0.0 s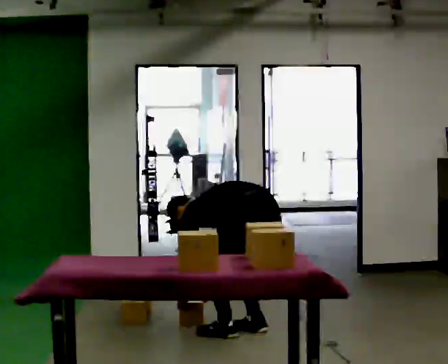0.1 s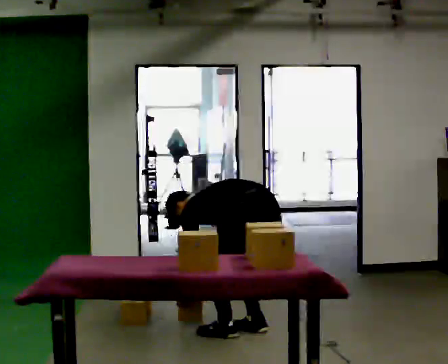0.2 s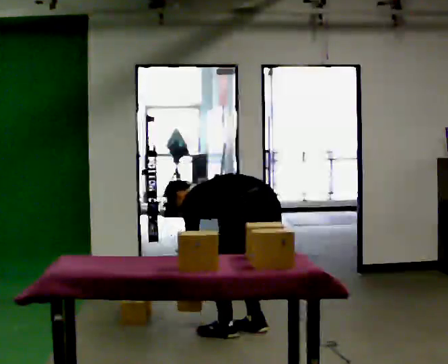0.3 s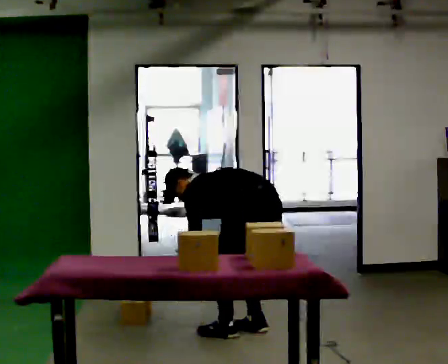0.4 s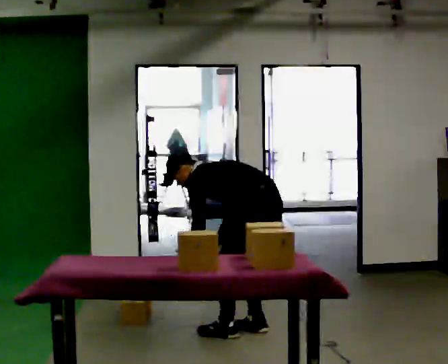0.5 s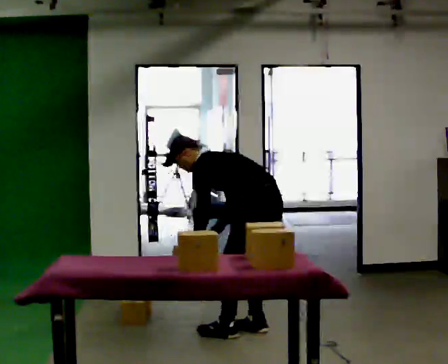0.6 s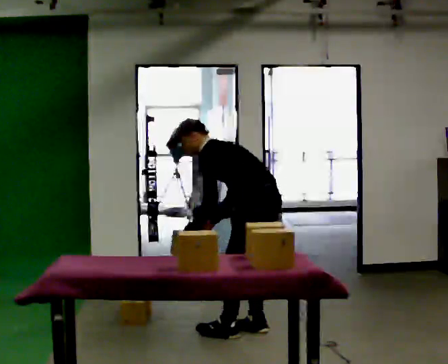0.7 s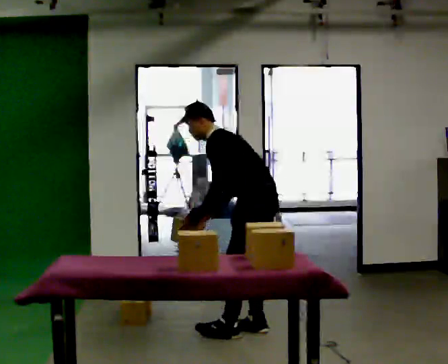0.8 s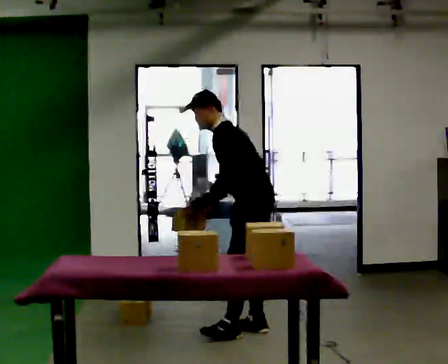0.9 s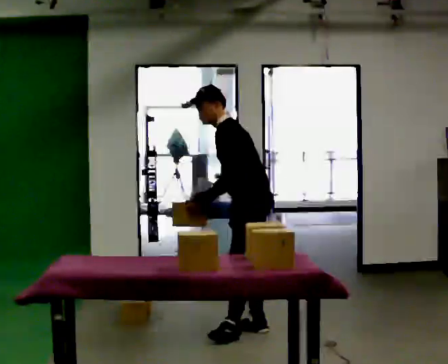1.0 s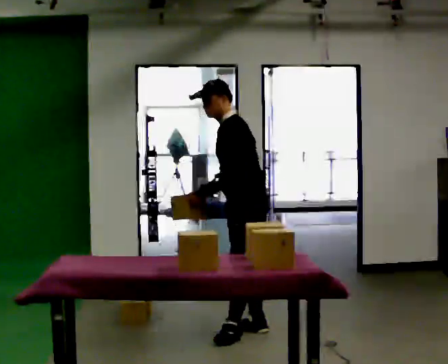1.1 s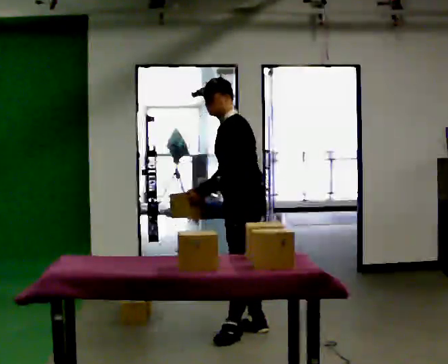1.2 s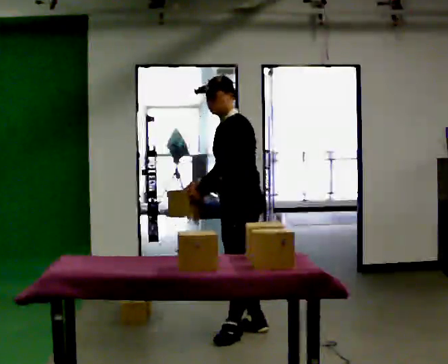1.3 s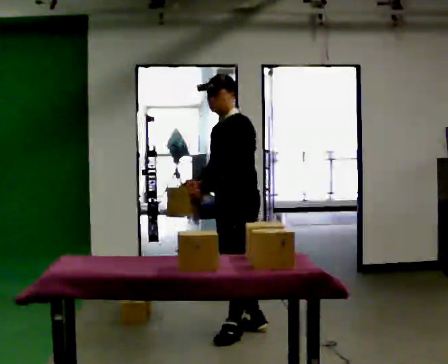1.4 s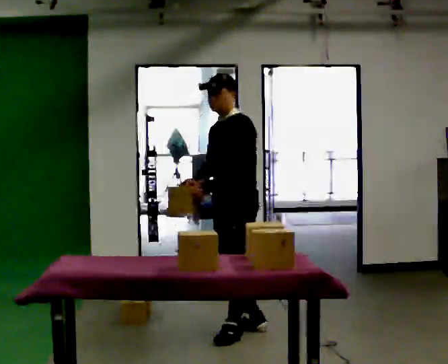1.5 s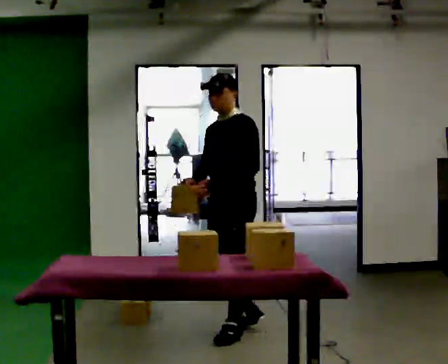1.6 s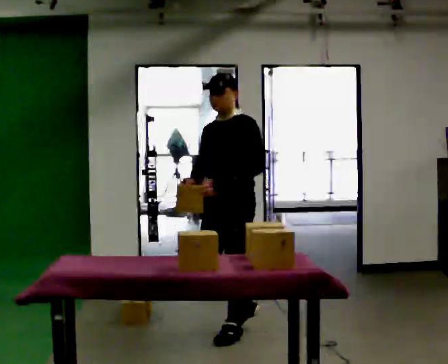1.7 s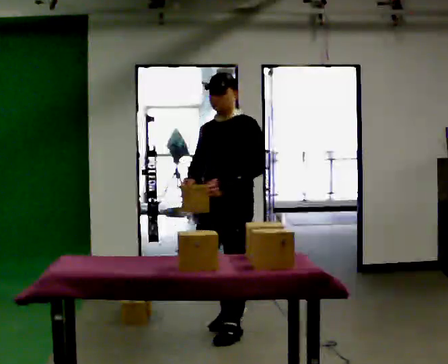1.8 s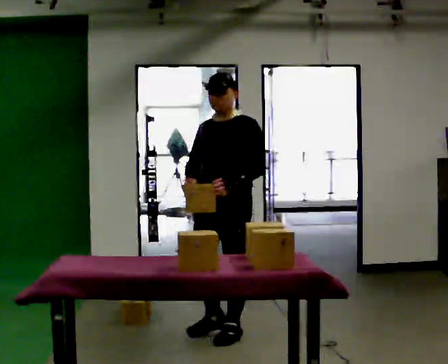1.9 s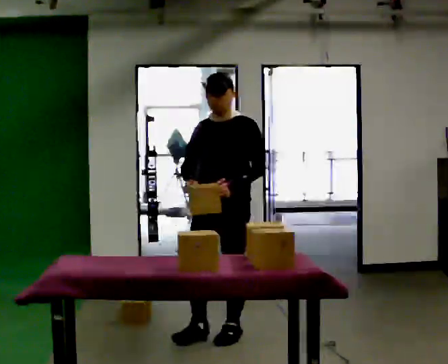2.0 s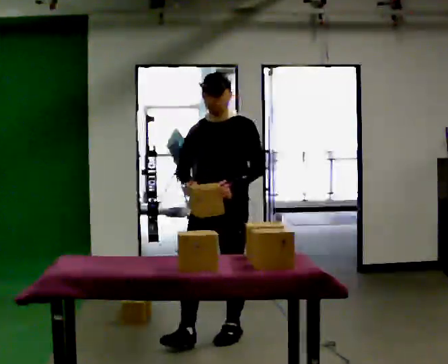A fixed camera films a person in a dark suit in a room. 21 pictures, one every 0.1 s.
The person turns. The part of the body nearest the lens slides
to the right.
The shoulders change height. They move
upward.
0.0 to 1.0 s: The person turns about 45 degrees to their left, counterclockwise seen from above, so the part of the body nearest the lens slides to the right. The upper body goes upward. In the picture the upper body tilts clockwise, shoulders to the right, as they lean back or straighten. In the picture their left hand goes upward.
1.0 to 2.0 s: The part of the body nearest the lens slides to the right as the person turns to their left by about 60 degrees. In the picture they go toward the camera and to the left, about 0.25 m. In the picture the upper body tilts clockwise, shoulders to the right, as they lean back or straighten.
The film runs forward here.
